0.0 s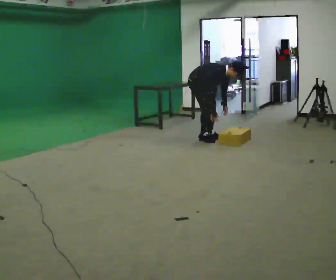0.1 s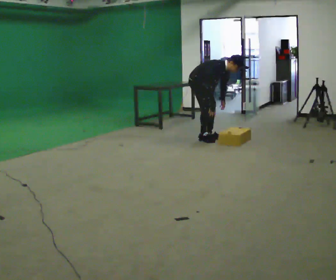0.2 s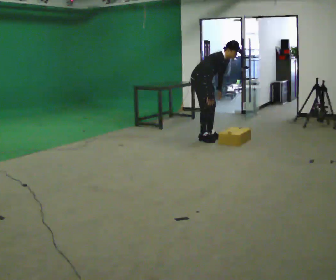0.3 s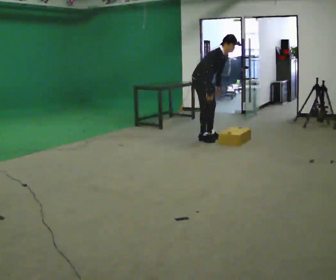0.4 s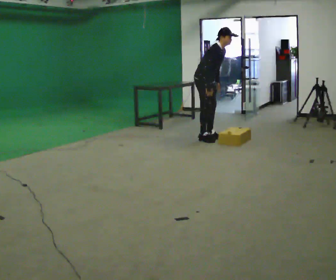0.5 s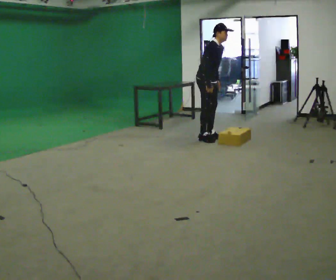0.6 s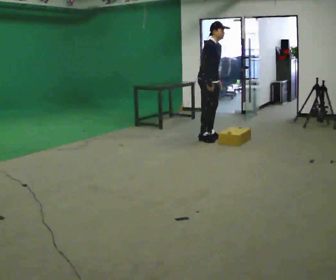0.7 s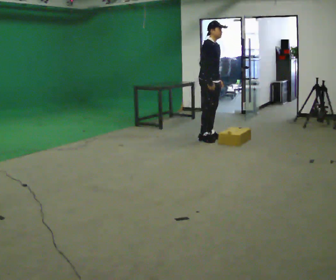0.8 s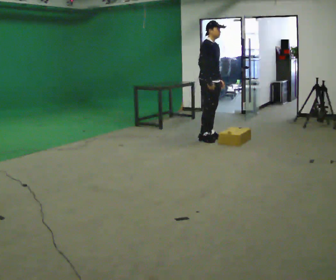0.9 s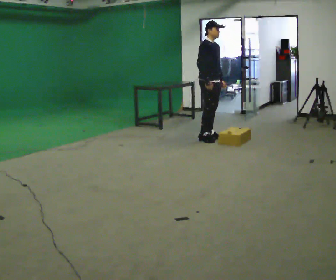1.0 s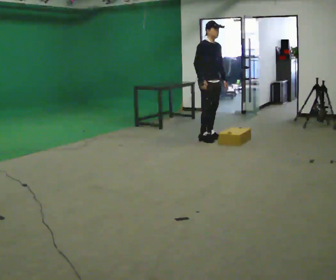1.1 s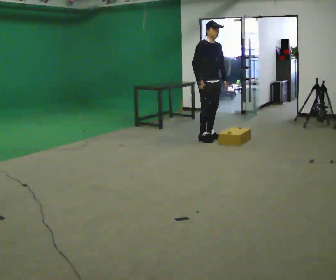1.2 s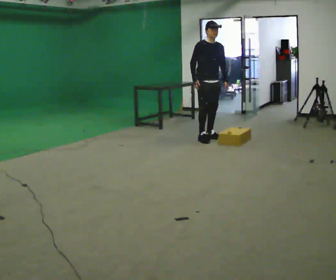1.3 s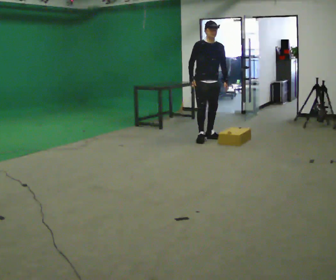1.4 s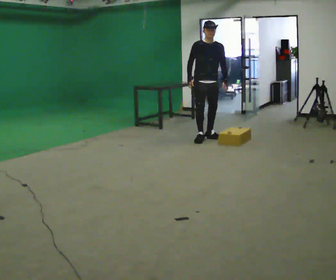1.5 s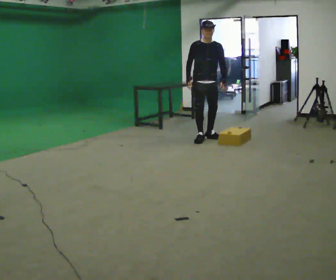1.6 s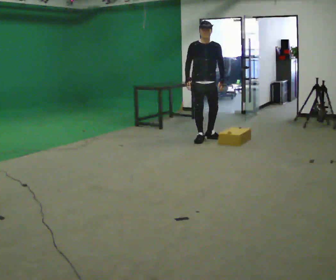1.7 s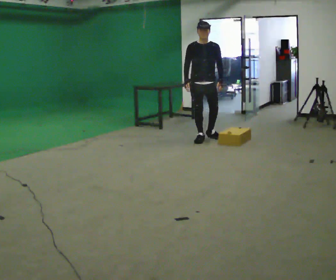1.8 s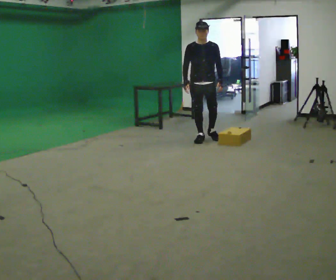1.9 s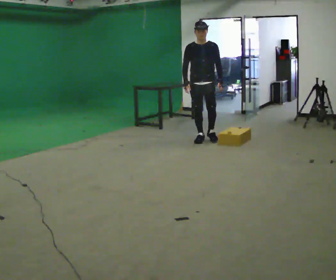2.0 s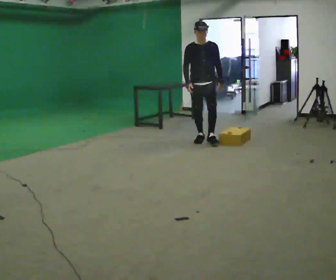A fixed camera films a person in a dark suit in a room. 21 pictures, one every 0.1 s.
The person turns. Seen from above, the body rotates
clockwise.
The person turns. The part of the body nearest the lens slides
to the left.
0.0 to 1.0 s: The upper body goes upward. In the picture the upper body tilts counterclockwise, shoulders to the left, as they lean back or straighten. In the picture their left hand goes upward.
1.0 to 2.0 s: The part of the body nearest the lens slides to the left as the person turns to their right by about 45 degrees. In the picture they go toward the camera, about 0.25 m, which for them is forward.
The film runs forward here.
